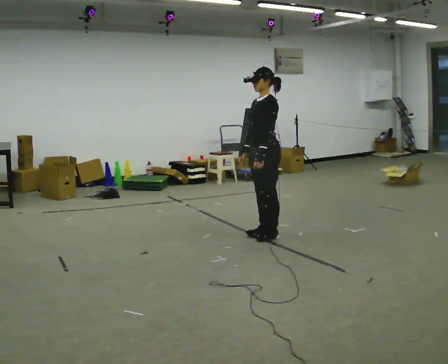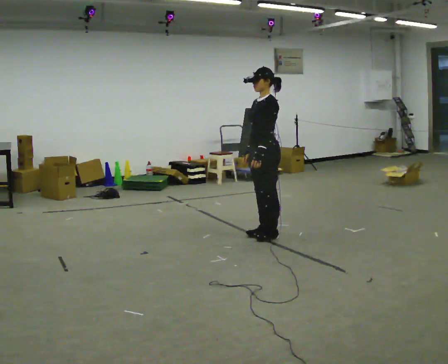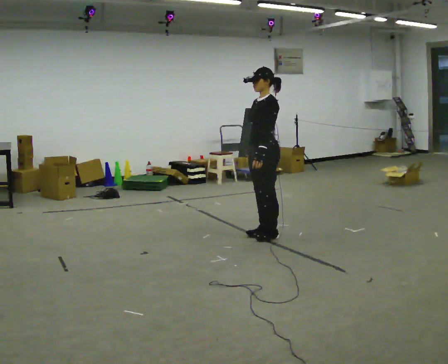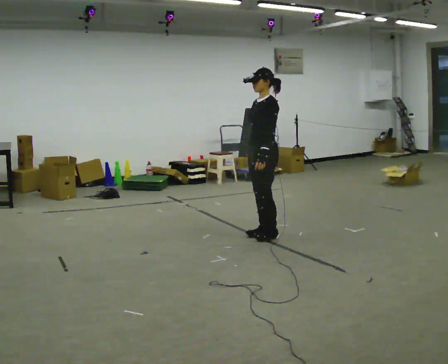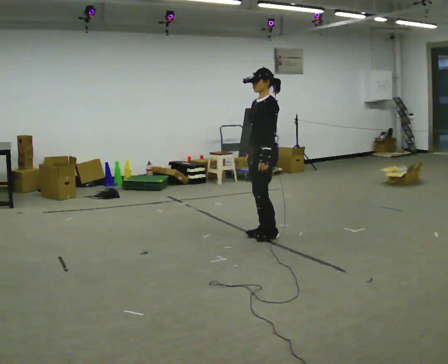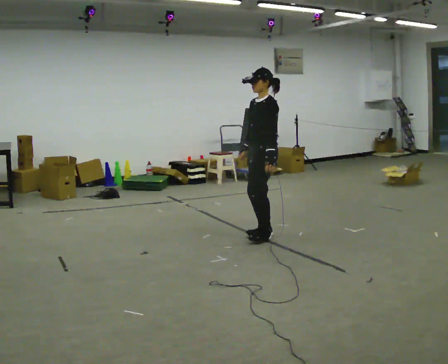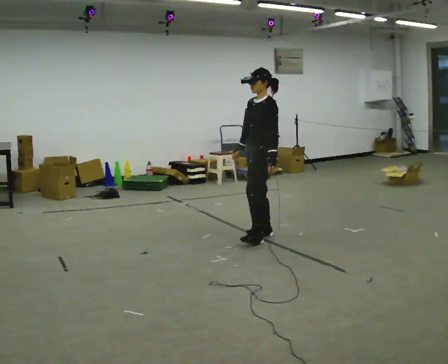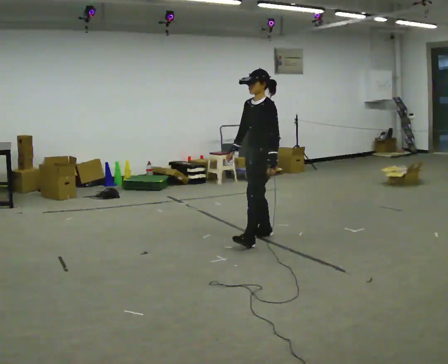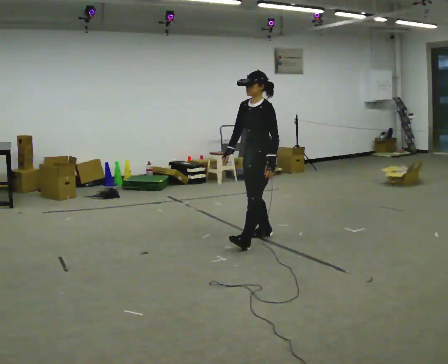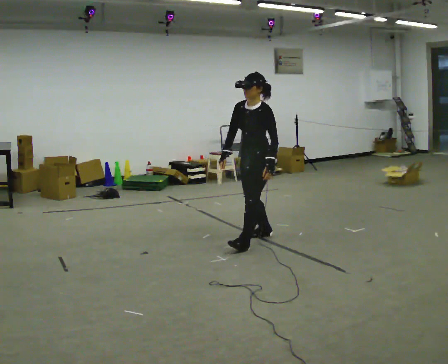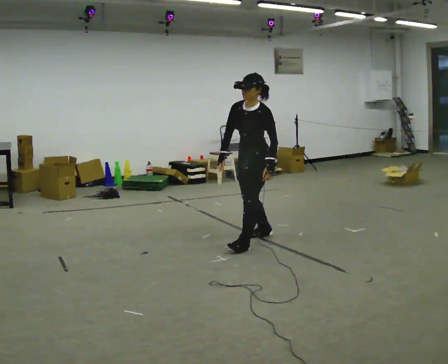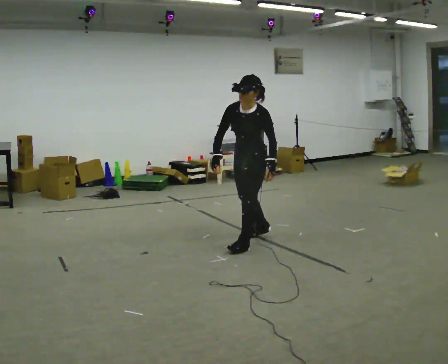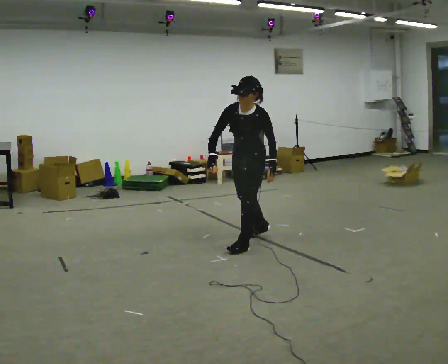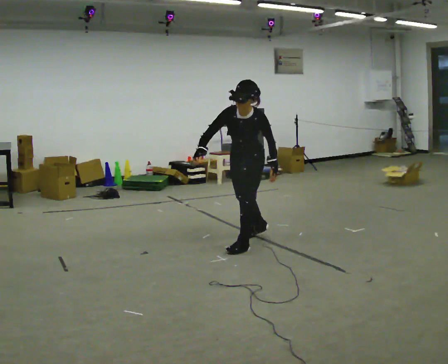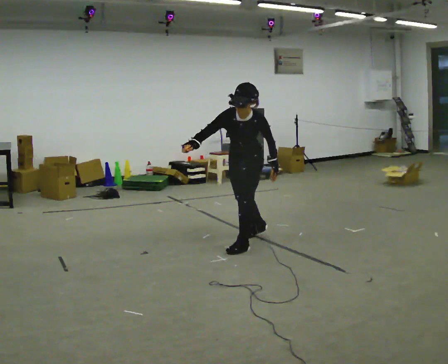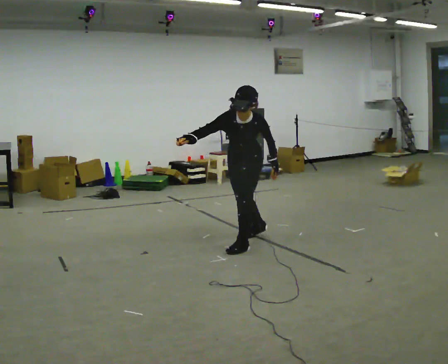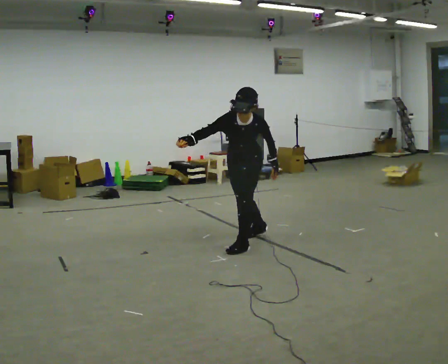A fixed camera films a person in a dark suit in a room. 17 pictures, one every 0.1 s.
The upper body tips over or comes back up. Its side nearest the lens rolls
downward.
0.0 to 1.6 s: The part of the body nearest the lens slides to the right as the person turns to their left by about 45 degrees. In the picture they go toward the camera and to the left, about 0.25 m in 1 step, which for them is forward and to their left. The upper body tips toward the camera, its near side rolling downward, as they bend forward.
The film runs backward here.
